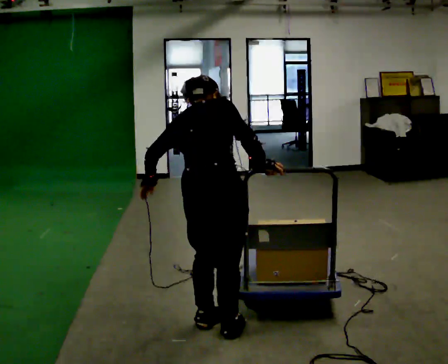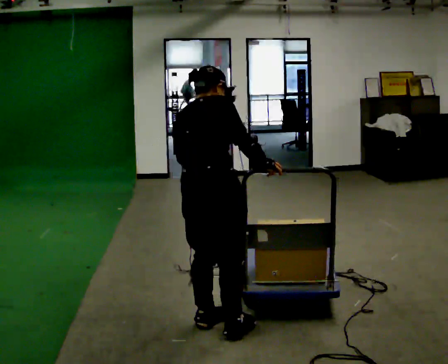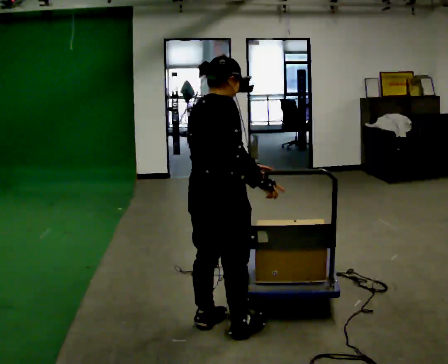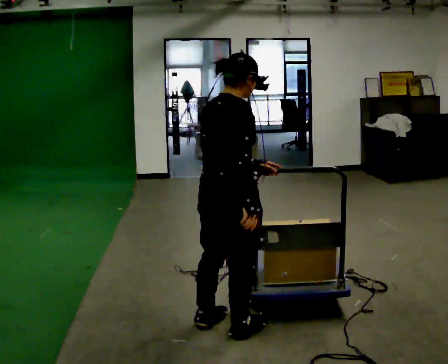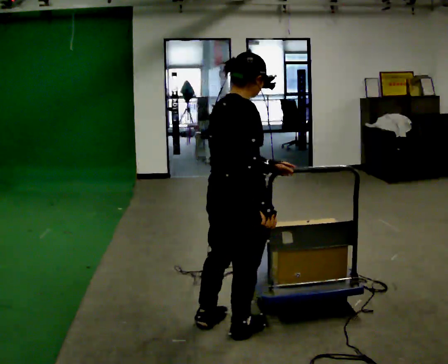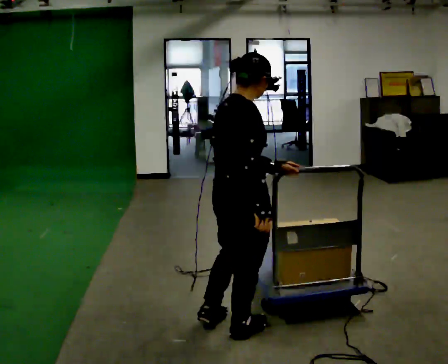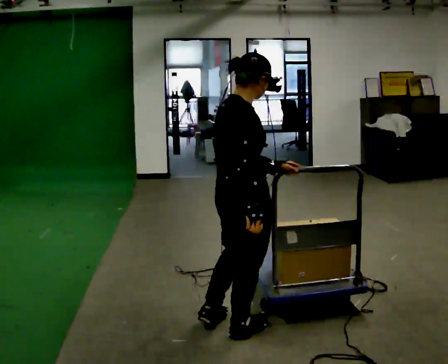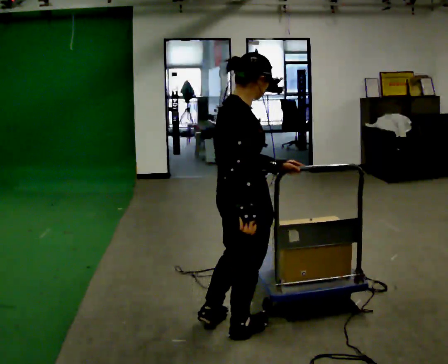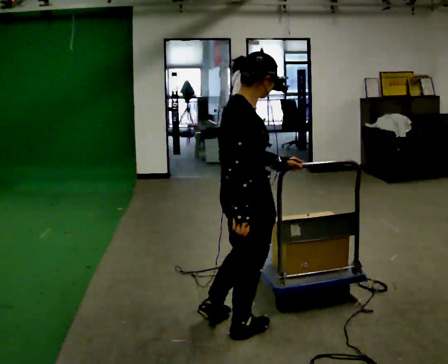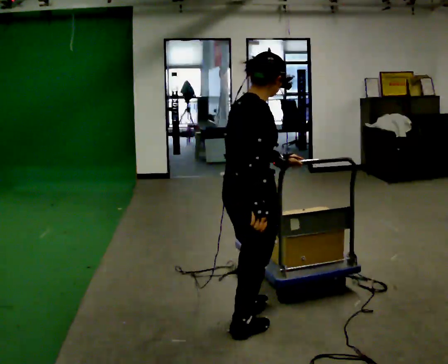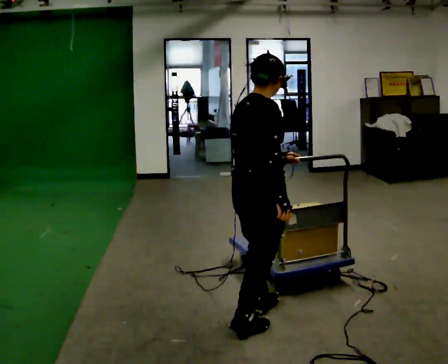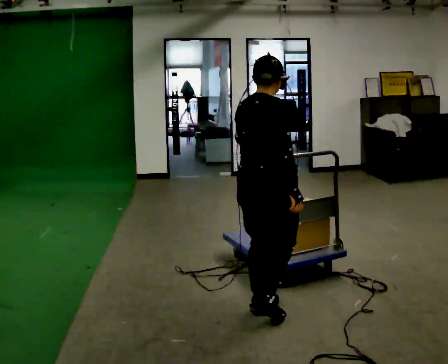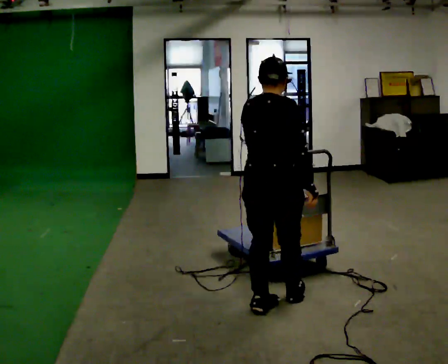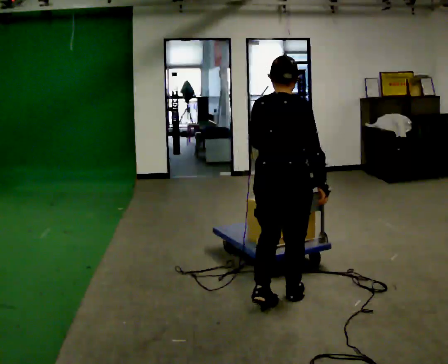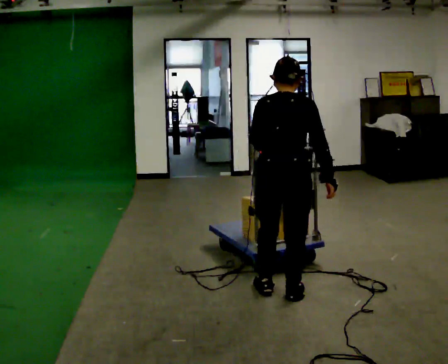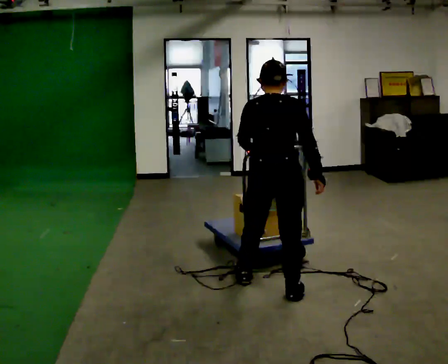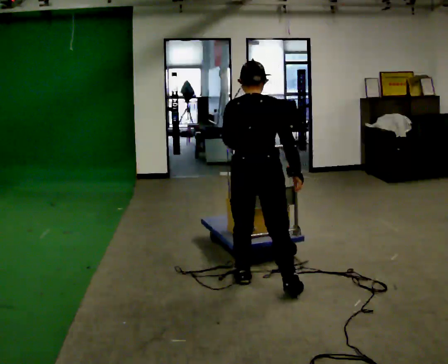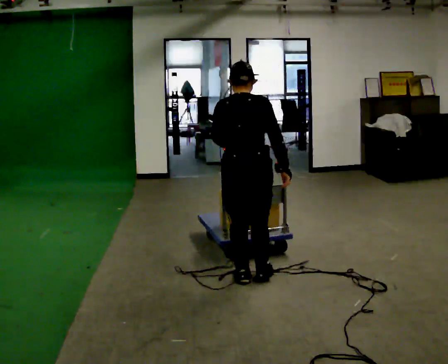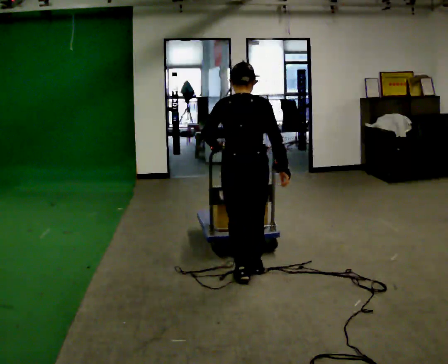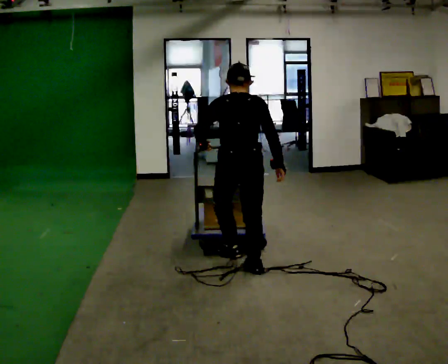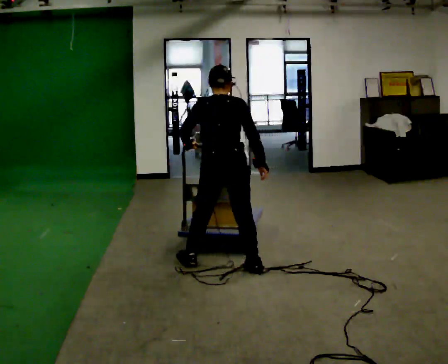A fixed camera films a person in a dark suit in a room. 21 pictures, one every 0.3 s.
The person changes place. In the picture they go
away from the camera.
The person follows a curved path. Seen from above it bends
counterclockwise.
0.0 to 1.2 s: The part of the body nearest the lens slides to the left as the person turns to their right by about 30 degrees. The upper body tips toward the camera, its near side rolling downward, as they lean back or straighten. In the picture their left hand goes to the right.
1.2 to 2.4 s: The person moves a little, or ends about where they began.
2.4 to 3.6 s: Seen from above the body turns counterclockwise, about 45 degrees: to their left, with its near side sliding to the right. In the picture they go away from the camera, about 0.25 m in 1 step, which for them is forward and to their left.
3.6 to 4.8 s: In the picture they go away from the camera, about 0.25 m in 2 steps, which for them is forward.
4.8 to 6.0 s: In the picture they go away from the camera and to the left, about 0.5 m in 1 step, which for them is forward and to their left.
The film runs forward here.
